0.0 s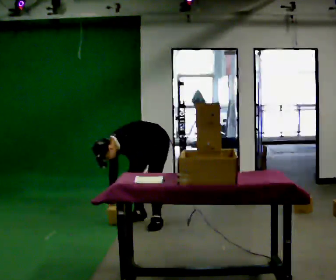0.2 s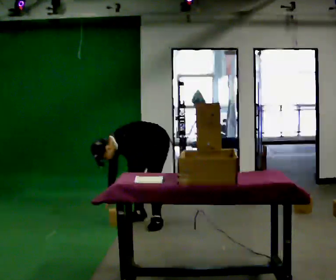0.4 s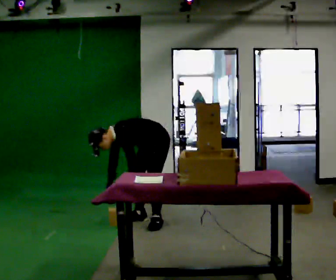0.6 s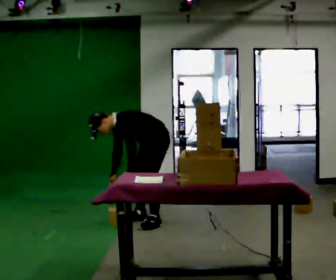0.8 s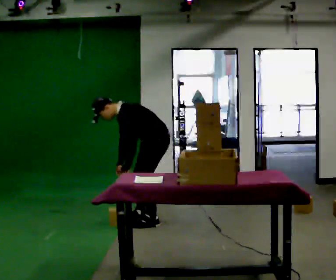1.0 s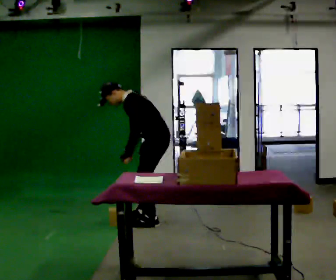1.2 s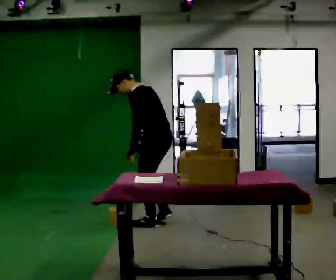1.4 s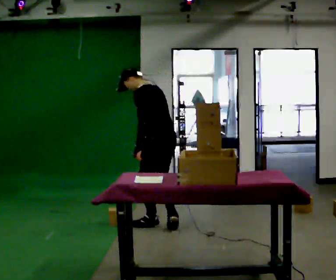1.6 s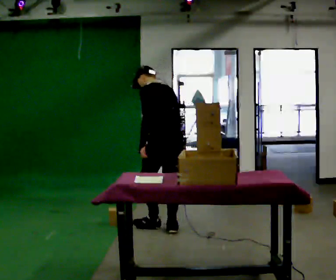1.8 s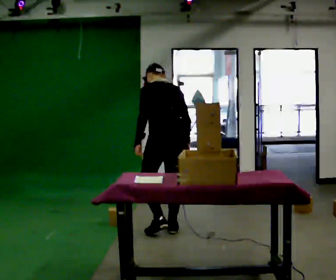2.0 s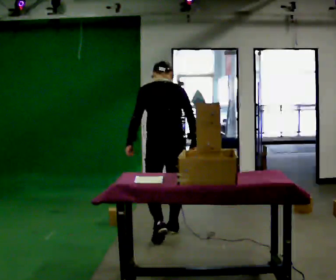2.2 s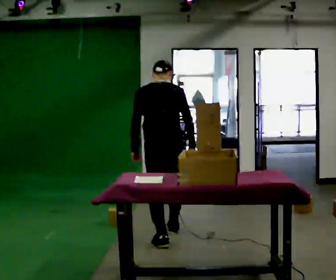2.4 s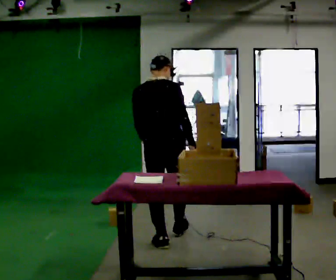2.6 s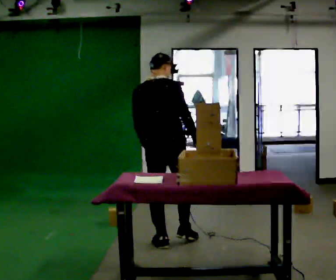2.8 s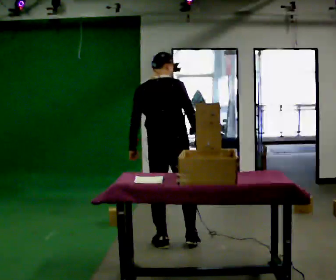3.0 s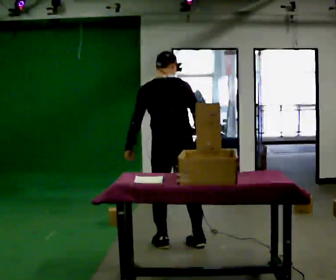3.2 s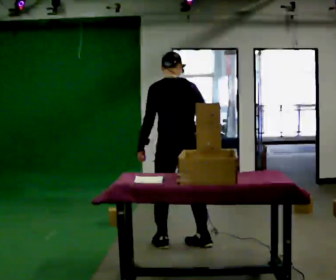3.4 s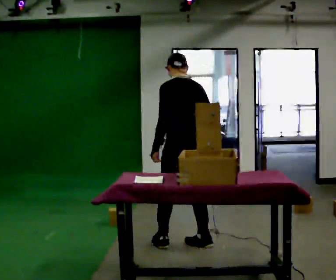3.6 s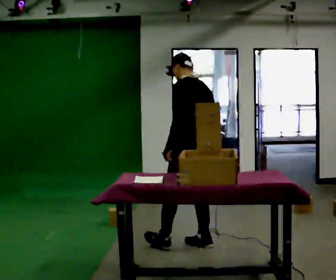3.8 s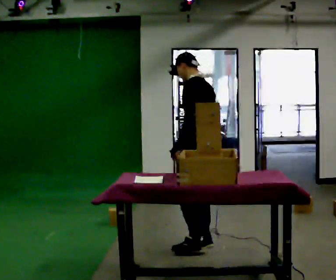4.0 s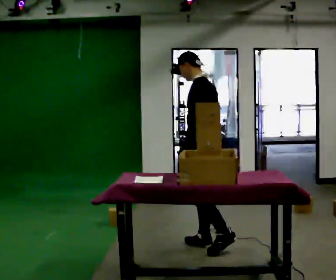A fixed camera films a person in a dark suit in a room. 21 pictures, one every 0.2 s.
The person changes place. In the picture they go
toward the camera.
The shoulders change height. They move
upward.
0.0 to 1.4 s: The person turns about 75 degrees to their right, clockwise seen from above, so the part of the body nearest the lens slides to the left. In the picture they go toward the camera, about 0.5 m in 1 step. The shoulders move upward. The upper body tips away from the camera, its near side rolling upward, as they lean back or straighten. In the picture their left hand goes upward.
1.4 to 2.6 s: Seen from above the body turns clockwise, about 75 degrees: to their right, with its near side sliding to the left. In the picture they go toward the camera, about 0.75 m in 2 steps.
2.6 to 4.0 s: The person turns about 90 degrees to their left, counterclockwise seen from above, so the part of the body nearest the lens slides to the right. In the picture they go to the right, about 0.5 m in 1 step.
The film runs backward here.
